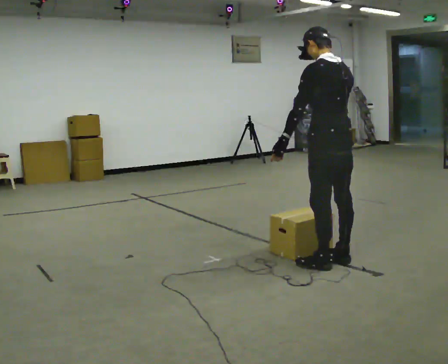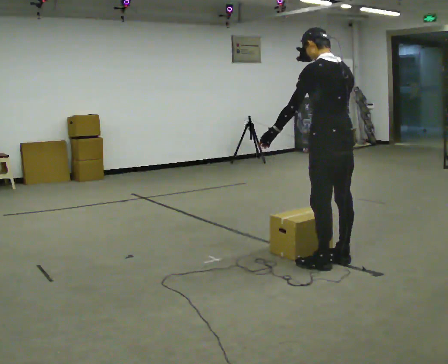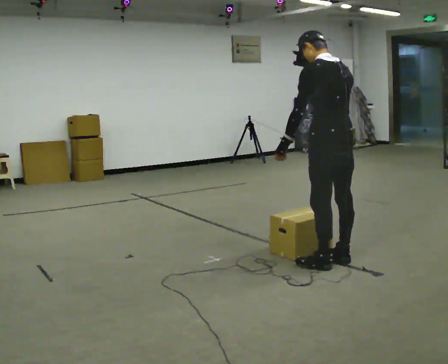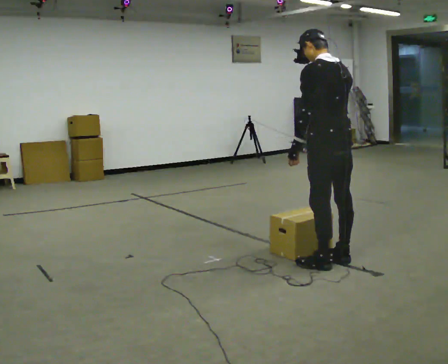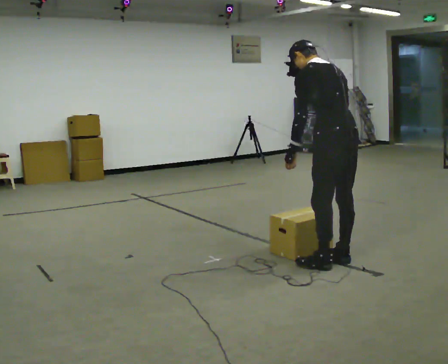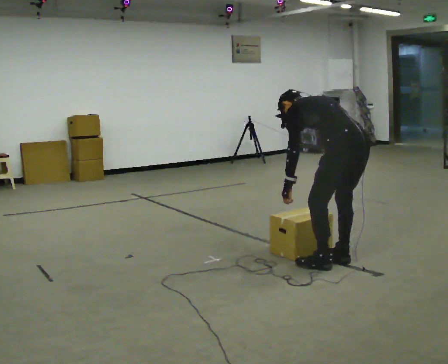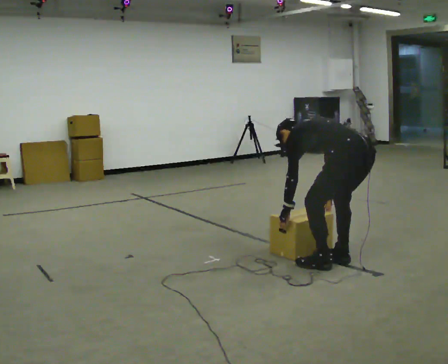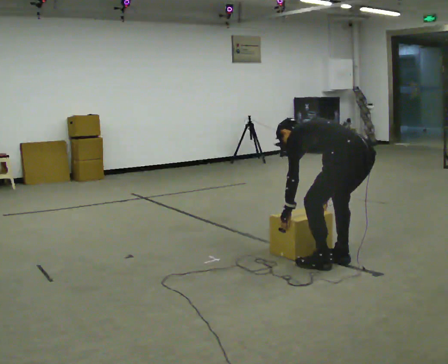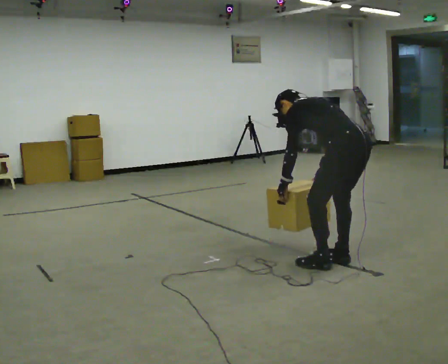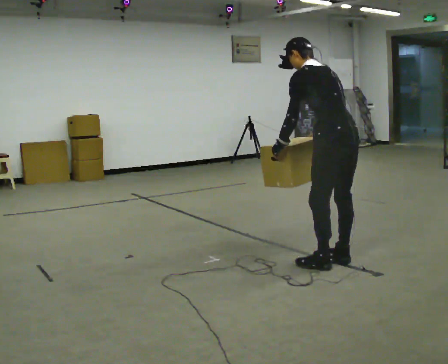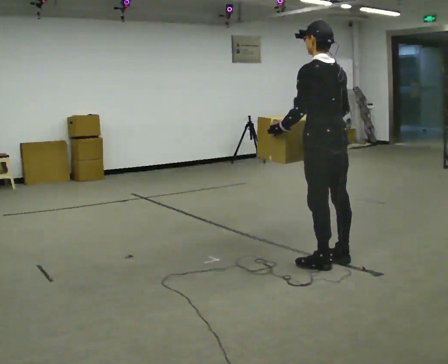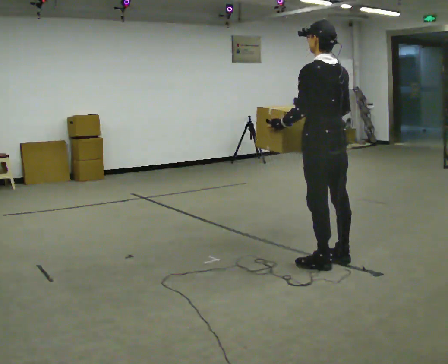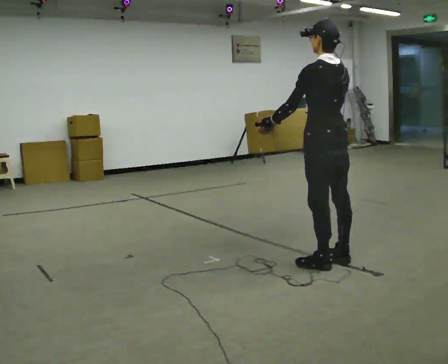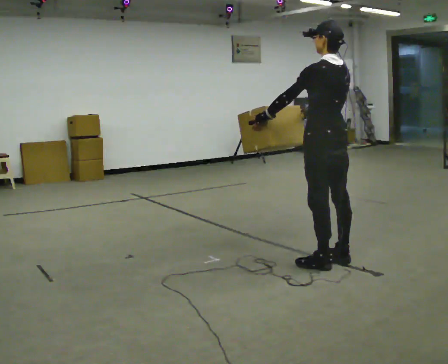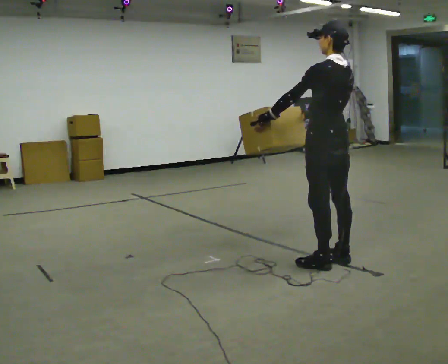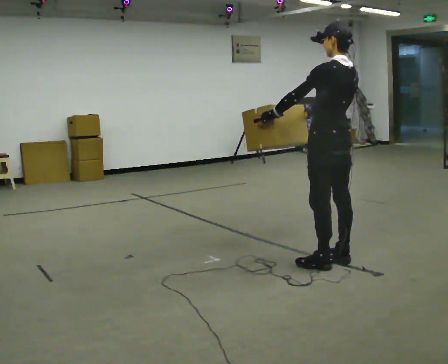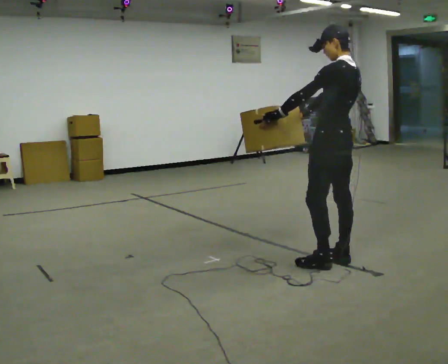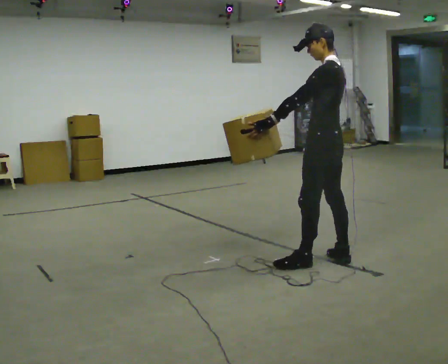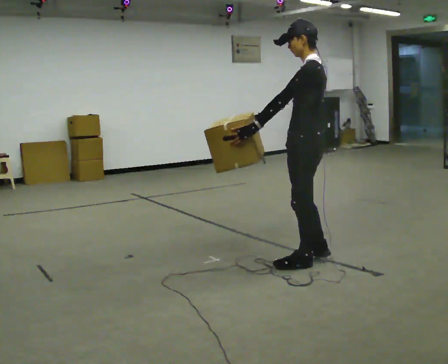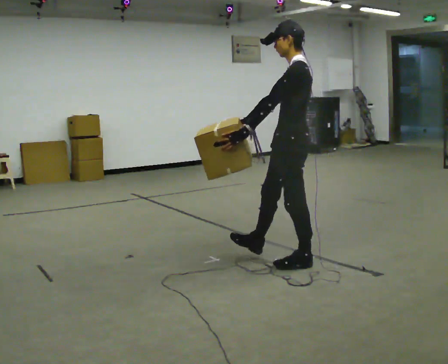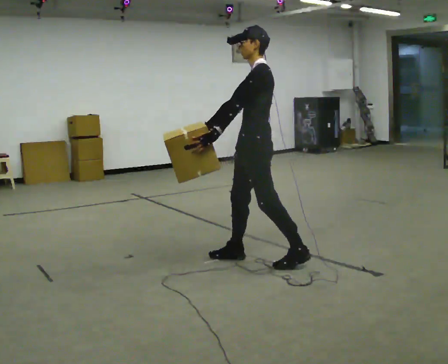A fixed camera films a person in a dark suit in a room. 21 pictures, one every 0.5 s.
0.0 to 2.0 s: The upper body tips away from the camera, its near side rolling upward, as they bend forward.
2.0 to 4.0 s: The person moves a little, or ends about where they began.
4.0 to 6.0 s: The shoulders move upward. In the picture the upper body tilts clockwise, shoulders to the right, as they lean back or straighten. In the picture their right hand goes upward.
6.0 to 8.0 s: The person moves a little, or ends about where they began.
8.0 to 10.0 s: The person turns about 45 degrees to their left, counterclockwise seen from above, so the part of the body nearest the lens slides to the right. In the picture they go to the left, about 0.5 m in 2 steps, which for them is forward.
The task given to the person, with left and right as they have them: Carry the heaviest box in both hands in front of you, walking back and forth across the room. Only carry what is comfortable. Set it down whenever you need to.
The film runs forward here.
